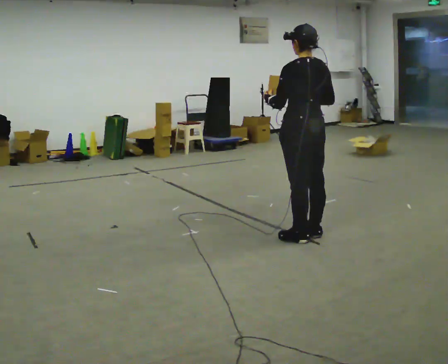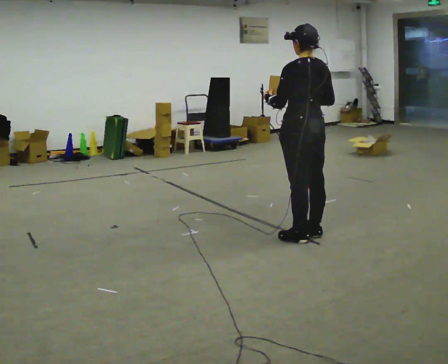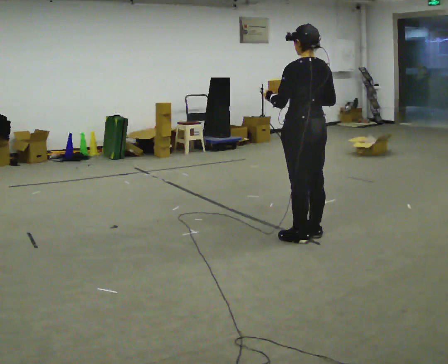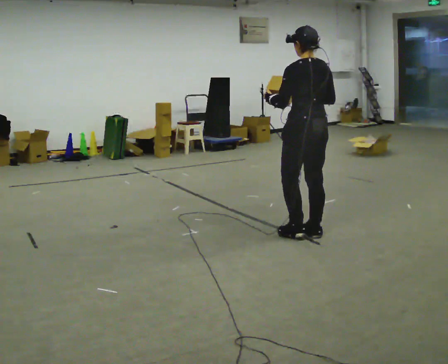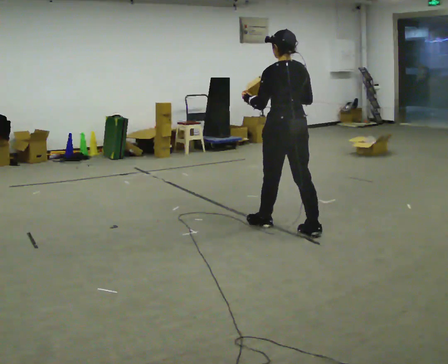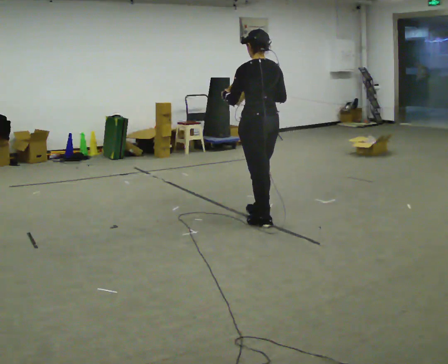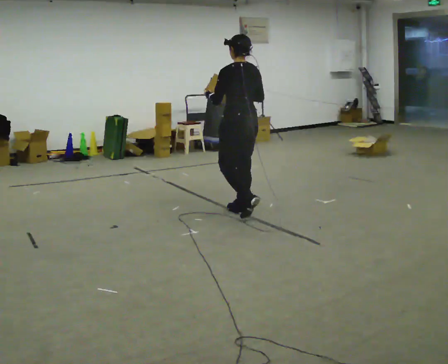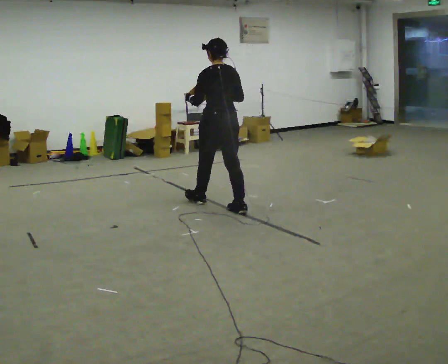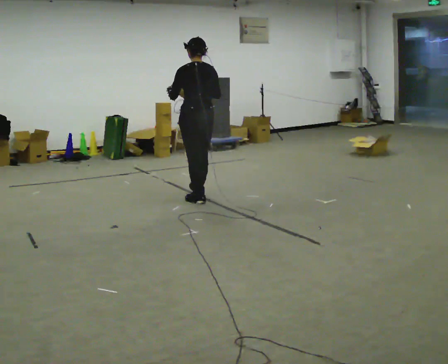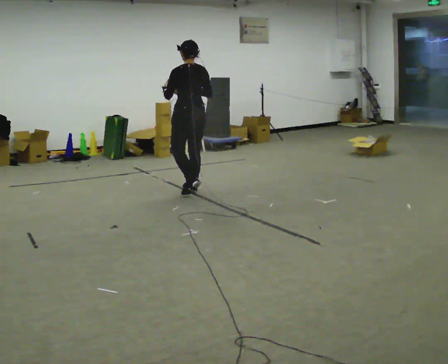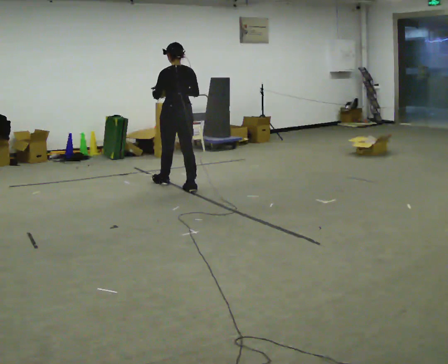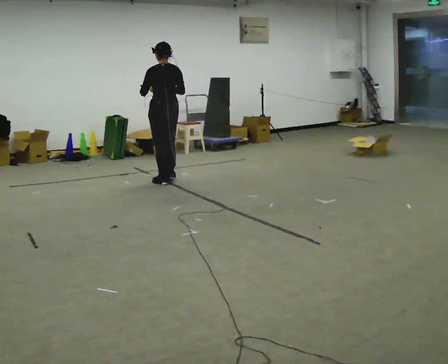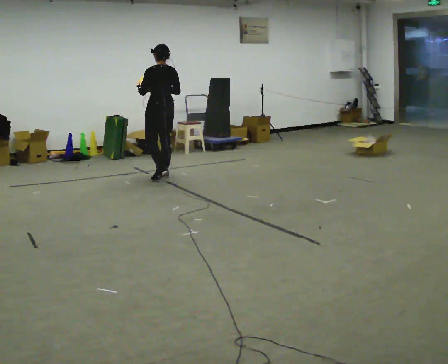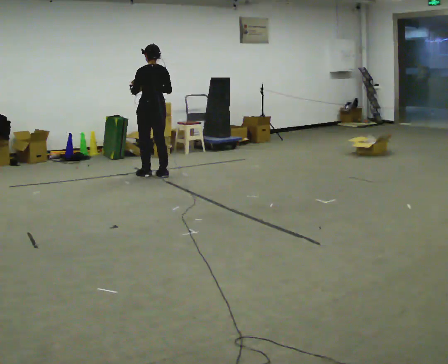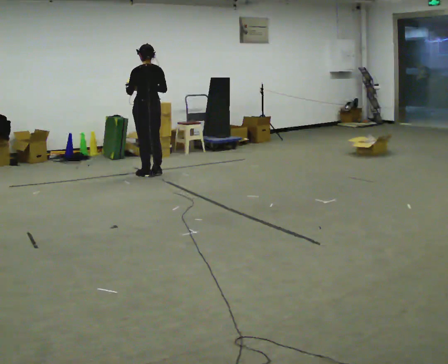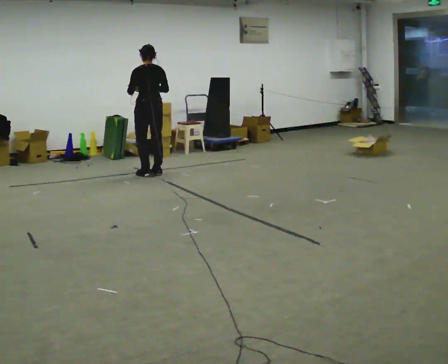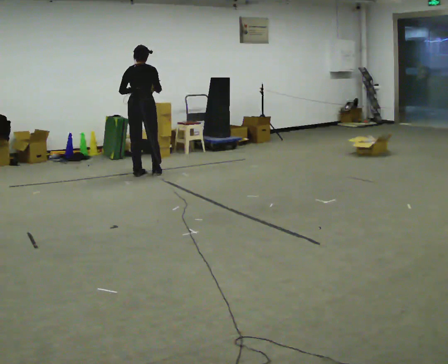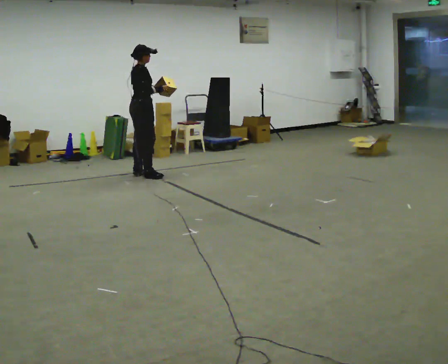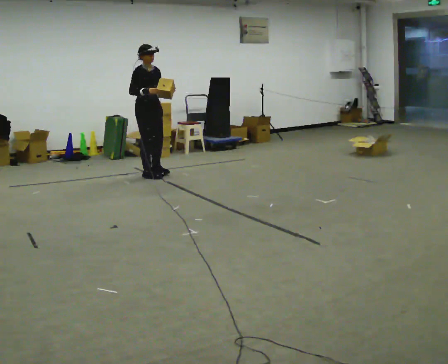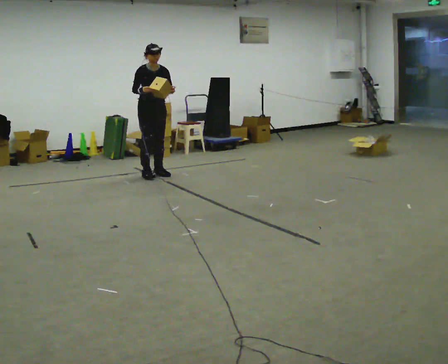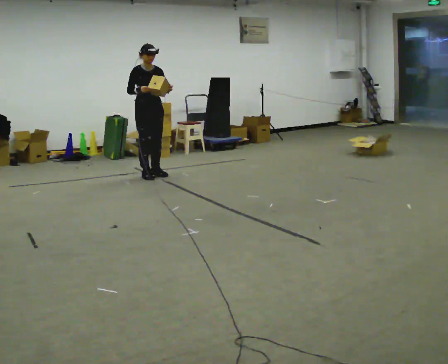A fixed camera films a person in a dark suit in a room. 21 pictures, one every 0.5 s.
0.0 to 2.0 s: In the picture they go away from the camera, about 0.25 m in 1 step, which for them is forward.
2.0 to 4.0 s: In the picture they go away from the camera and to the left, about 1 m in 2 steps, which for them is forward.
4.0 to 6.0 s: In the picture they go away from the camera and to the left, about 1 m in 3 steps, which for them is forward.
6.0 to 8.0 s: Seen from above the body turns clockwise, about 45 degrees: to their right, with its near side sliding to the left. In the picture they go to the left and away from the camera, about 0.25 m in 3 steps, which for them is forward and to their left.
8.0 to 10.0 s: The person turns about 135 degrees to their right, clockwise seen from above, so the part of the body nearest the lens slides to the left. In the picture their left hand goes to the right.
The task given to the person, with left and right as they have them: Carry the object and, while walking, turn it over in your hands to look at all sides of it. Keep turning it as you walk.
The film runs forward here.
